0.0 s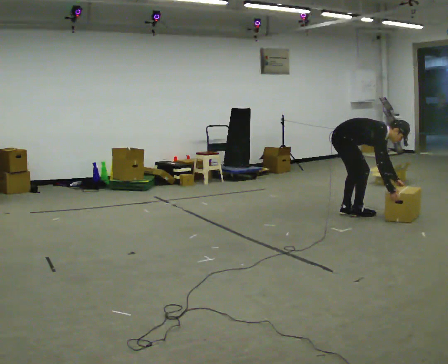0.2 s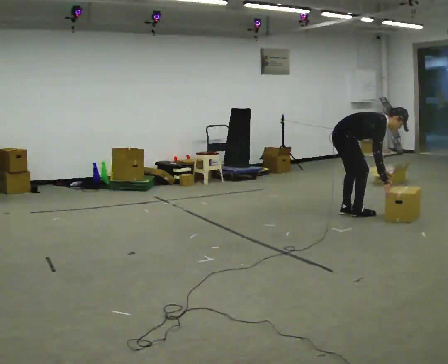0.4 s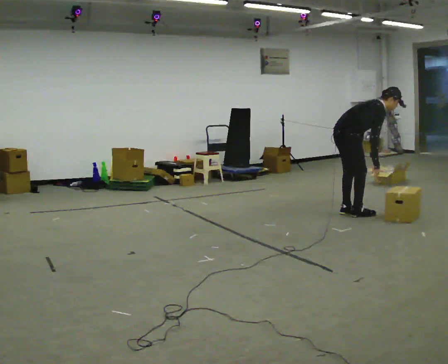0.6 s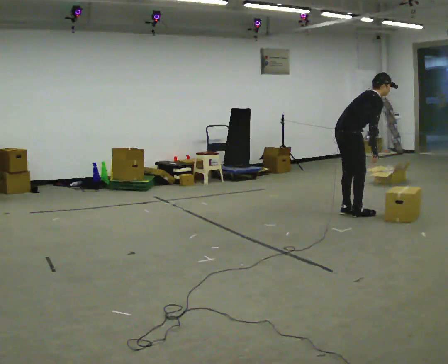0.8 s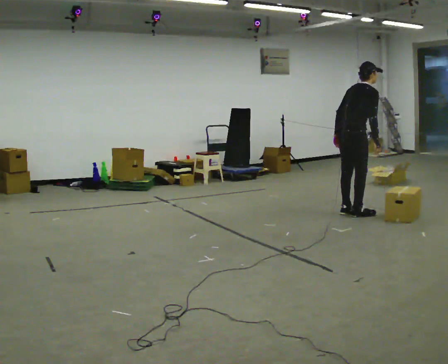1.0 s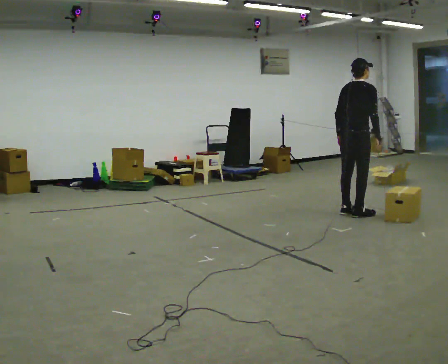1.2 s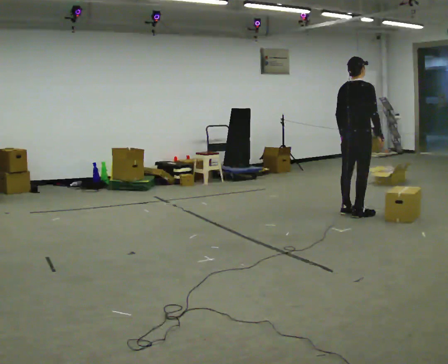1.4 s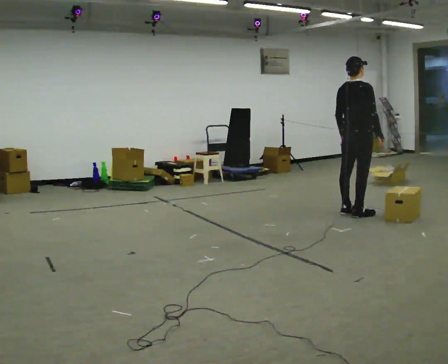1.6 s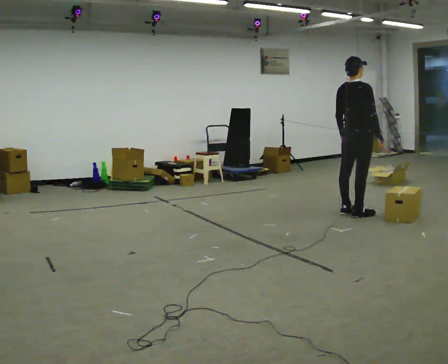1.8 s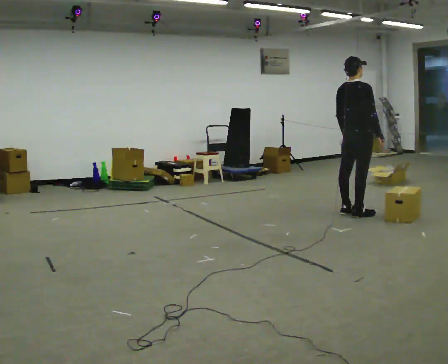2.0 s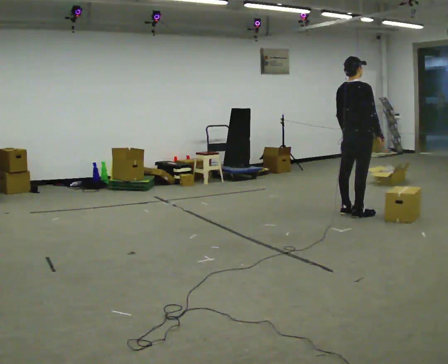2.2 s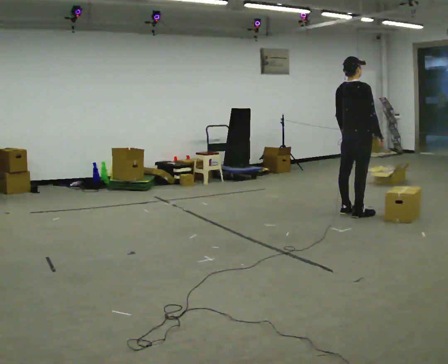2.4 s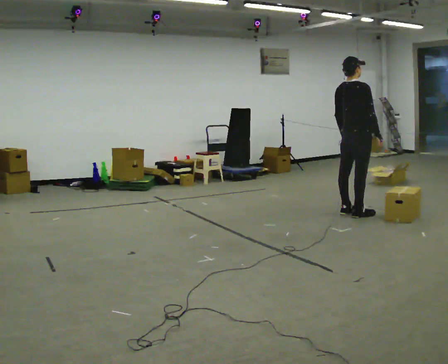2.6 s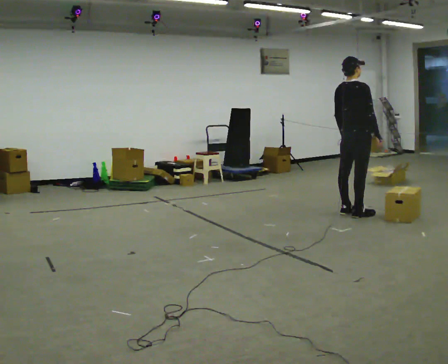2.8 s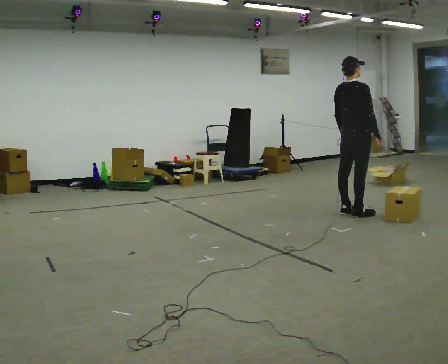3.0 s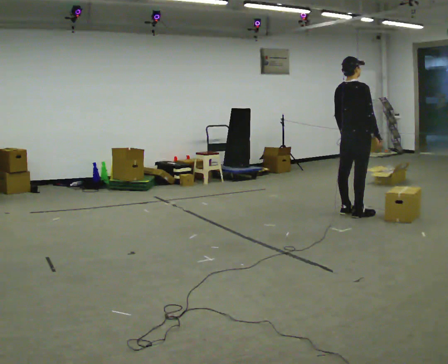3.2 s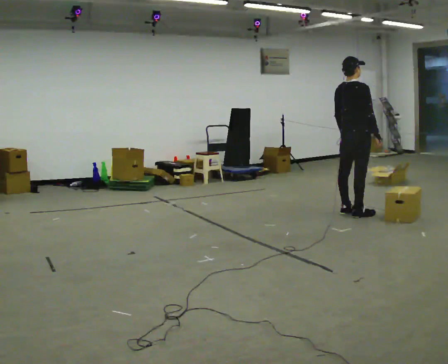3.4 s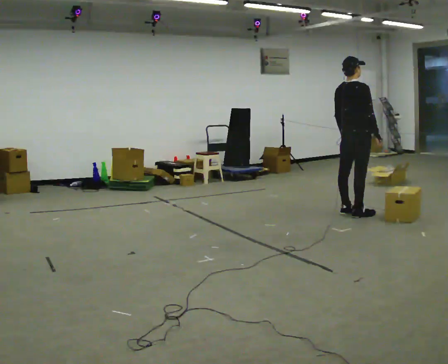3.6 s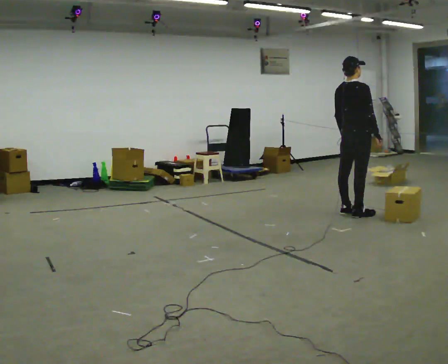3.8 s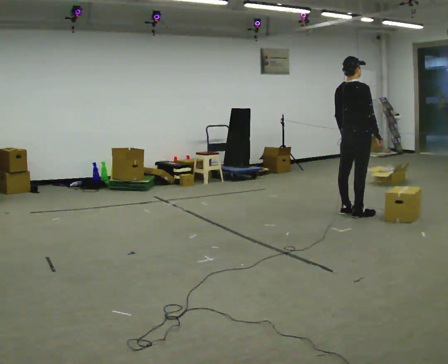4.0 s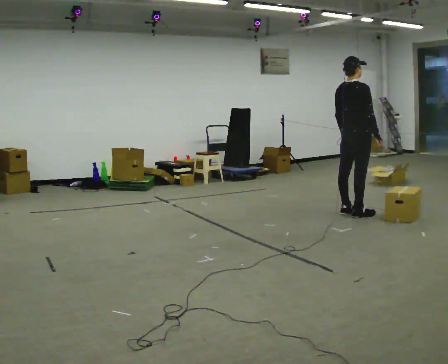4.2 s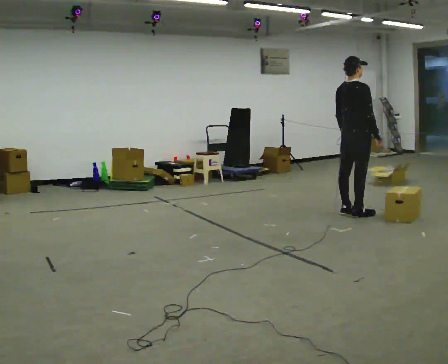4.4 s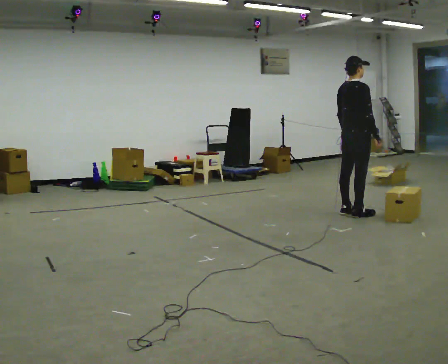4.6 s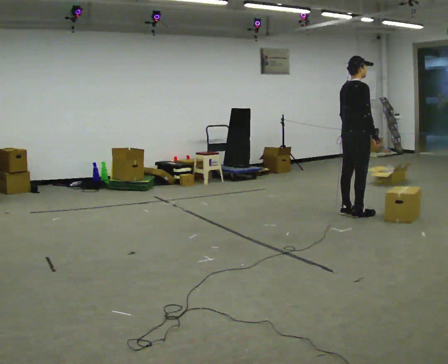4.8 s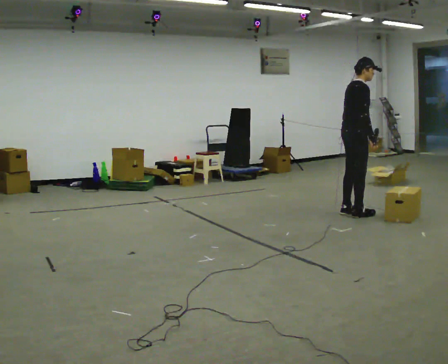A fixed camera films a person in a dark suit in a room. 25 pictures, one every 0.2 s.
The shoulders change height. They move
upward.
The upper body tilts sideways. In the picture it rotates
counterclockwise.
0.0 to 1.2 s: Seen from above the body turns counterclockwise, about 45 degrees: to their left, with its near side sliding to the right. The shoulders move upward. In the picture the upper body tilts counterclockwise, shoulders to the left, as they lean back or straighten. In the picture their left hand goes to the left and upward.
1.2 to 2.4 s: The person moves a little, or ends about where they began.
2.4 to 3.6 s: The person keeps their place and pose.
3.6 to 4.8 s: Seen from above the body turns clockwise, about 30 degrees: to their right, with its near side sliding to the left.
The film runs forward here.
